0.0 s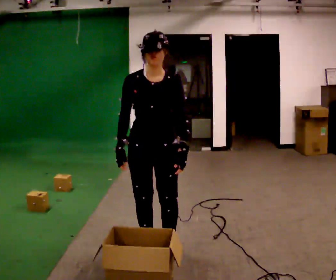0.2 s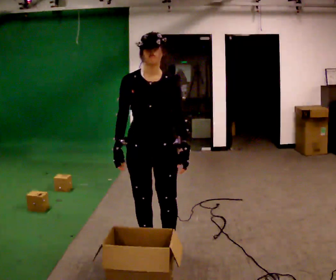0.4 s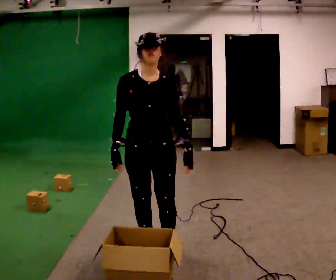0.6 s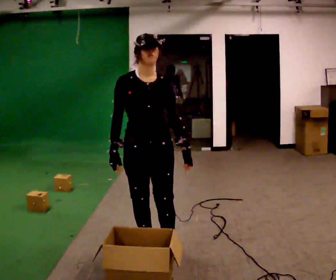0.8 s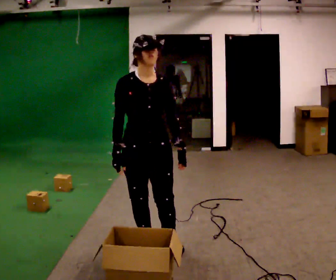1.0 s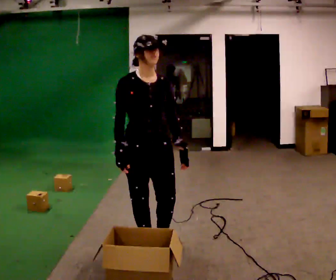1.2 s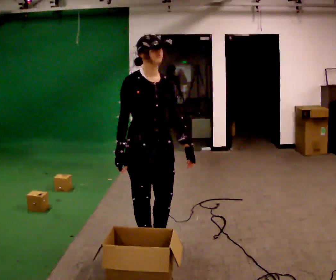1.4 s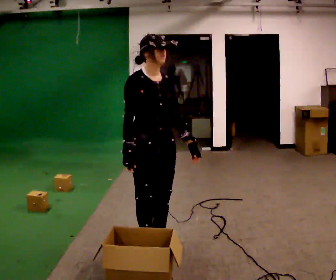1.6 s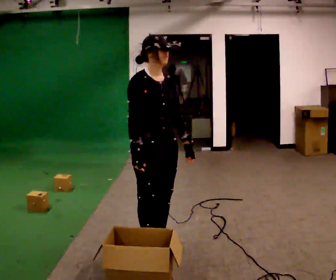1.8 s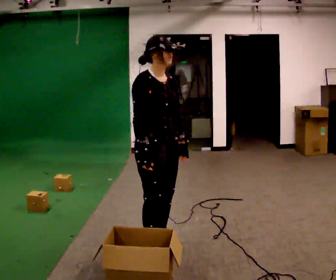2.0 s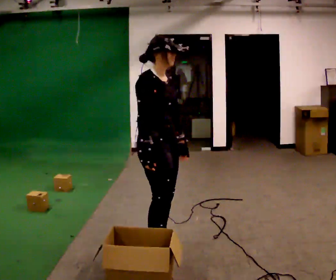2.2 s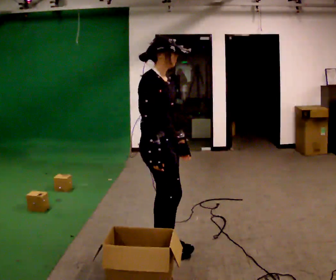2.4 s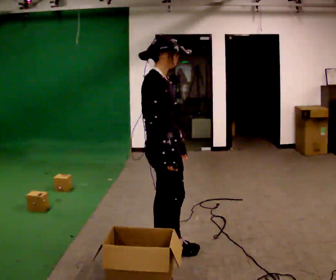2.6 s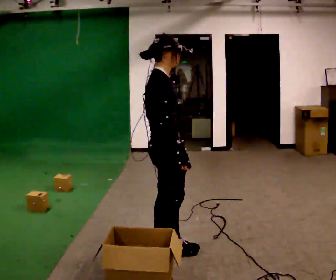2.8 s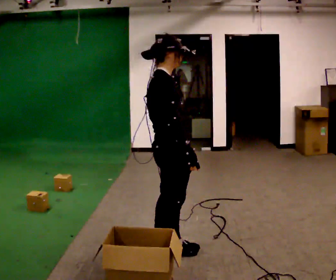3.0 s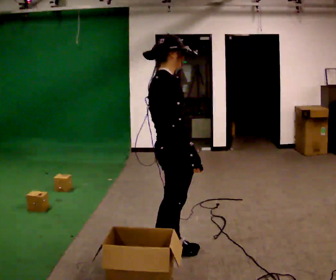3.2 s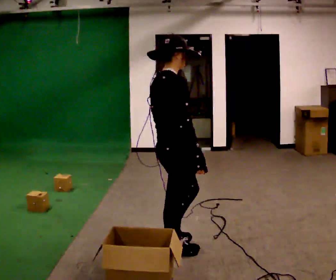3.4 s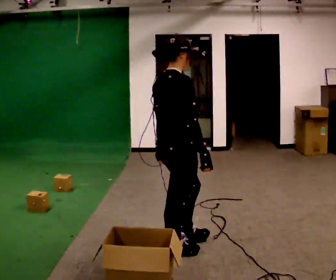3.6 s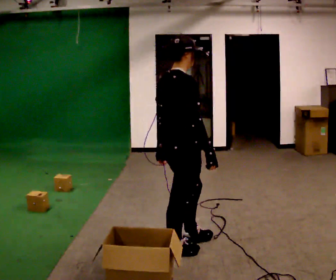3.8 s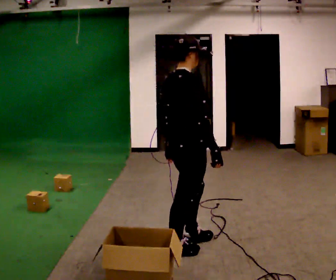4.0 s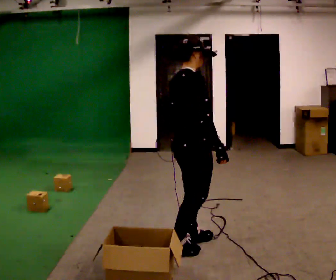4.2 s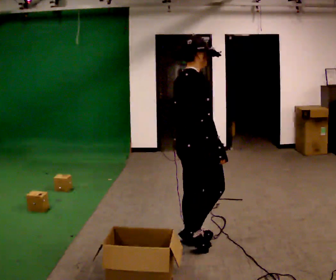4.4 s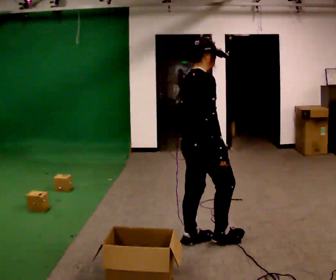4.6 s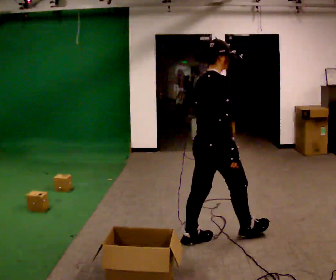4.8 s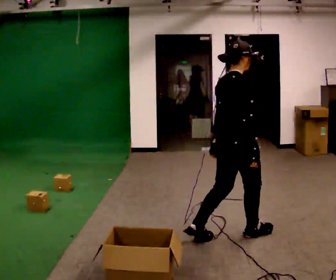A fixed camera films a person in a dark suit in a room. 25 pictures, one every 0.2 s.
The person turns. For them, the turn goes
to their left.
The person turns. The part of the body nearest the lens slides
to the right.
0.0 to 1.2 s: The person turns about 30 degrees to their left, counterclockwise seen from above, so the part of the body nearest the lens slides to the right.
1.2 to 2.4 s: The person turns about 45 degrees to their left, counterclockwise seen from above, so the part of the body nearest the lens slides to the right.
2.4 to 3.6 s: Seen from above the body turns counterclockwise, about 30 degrees: to their left, with its near side sliding to the right.
3.6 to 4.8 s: In the picture they go to the right and away from the camera, about 0.5 m in 1 step, which for them is forward.
The film runs forward here.
